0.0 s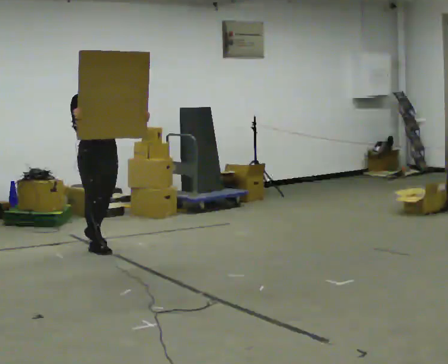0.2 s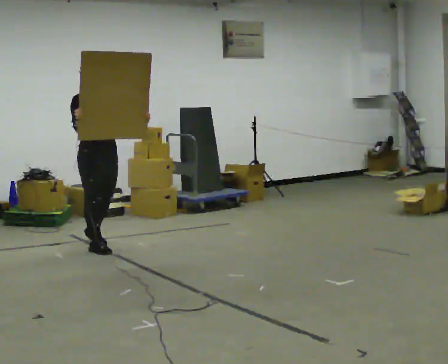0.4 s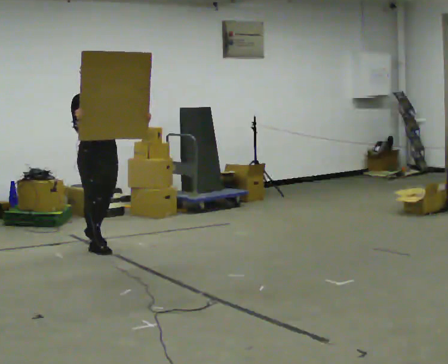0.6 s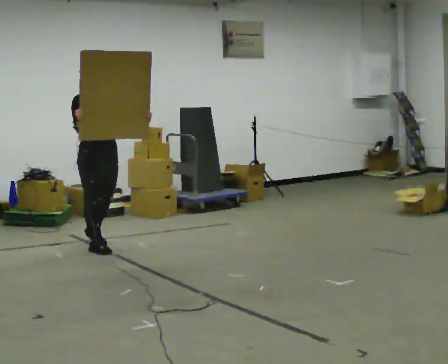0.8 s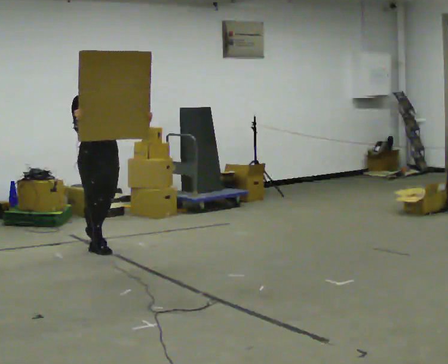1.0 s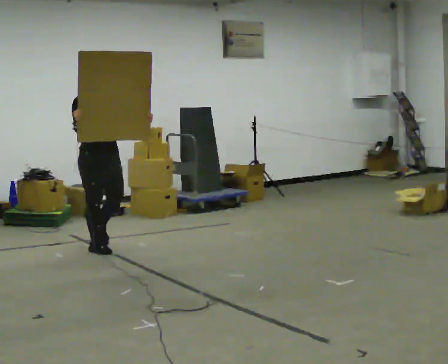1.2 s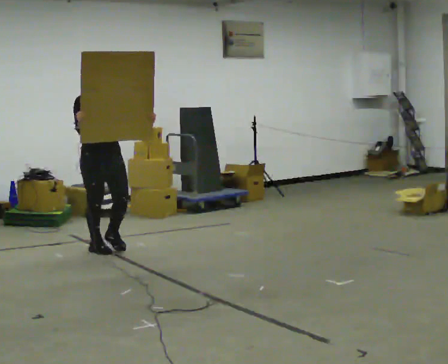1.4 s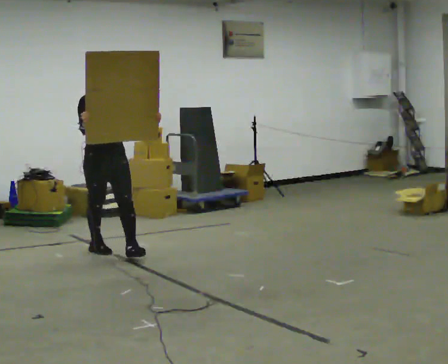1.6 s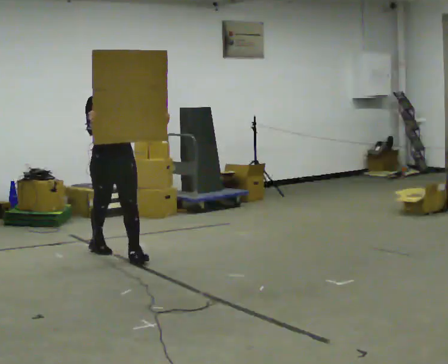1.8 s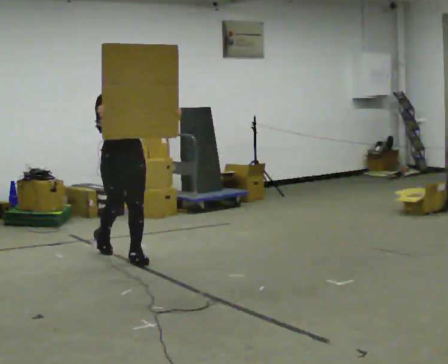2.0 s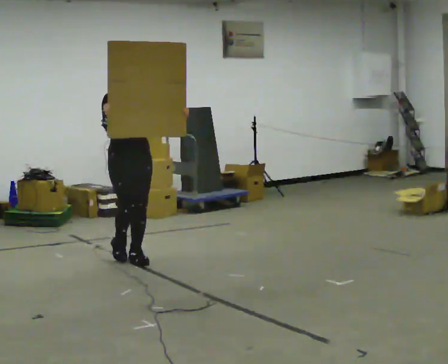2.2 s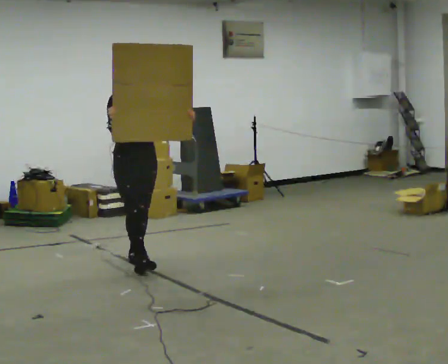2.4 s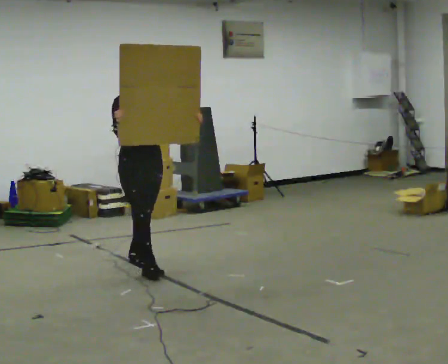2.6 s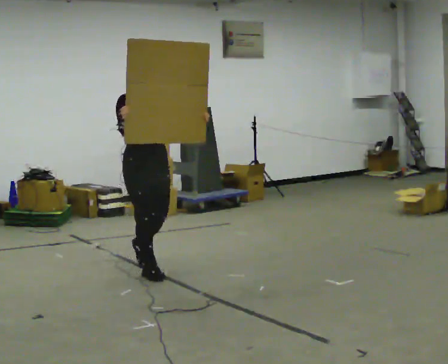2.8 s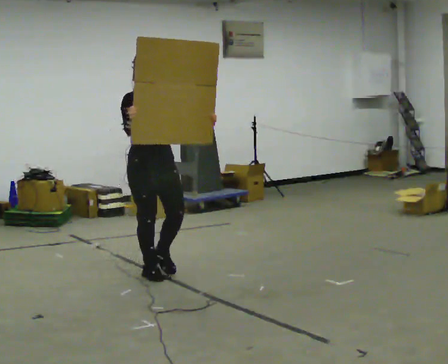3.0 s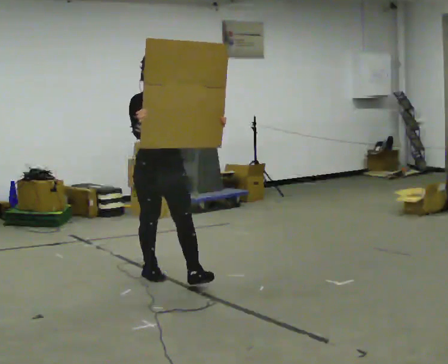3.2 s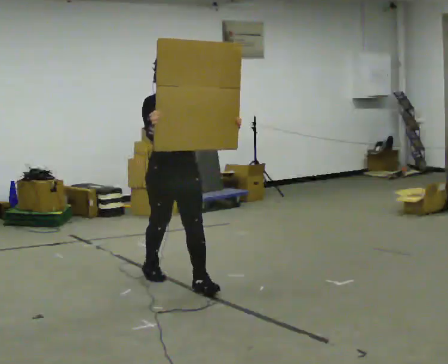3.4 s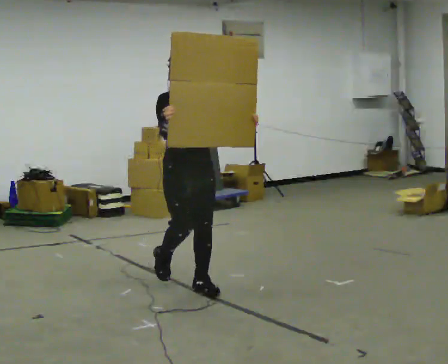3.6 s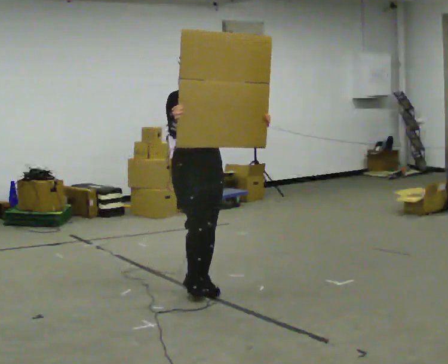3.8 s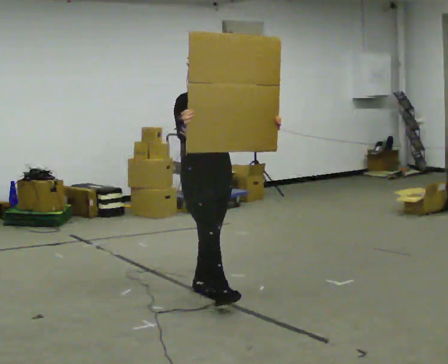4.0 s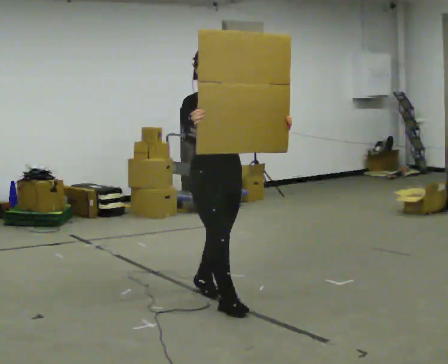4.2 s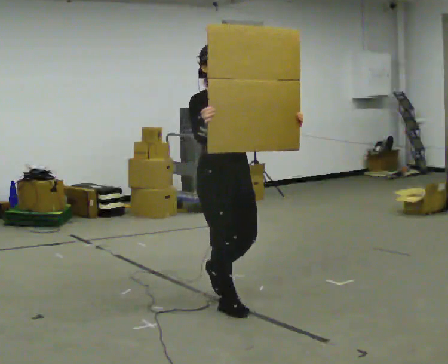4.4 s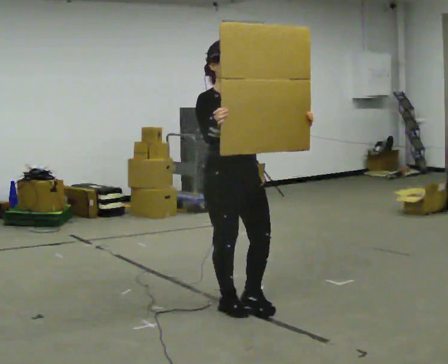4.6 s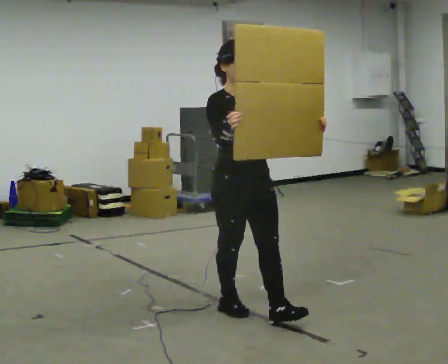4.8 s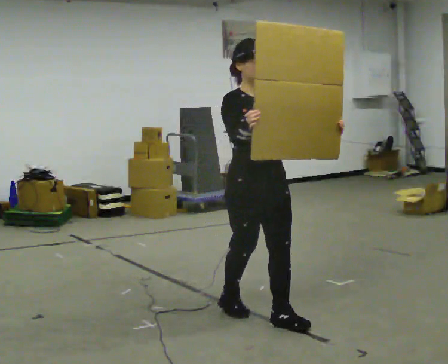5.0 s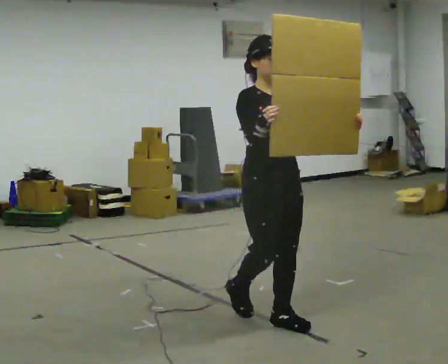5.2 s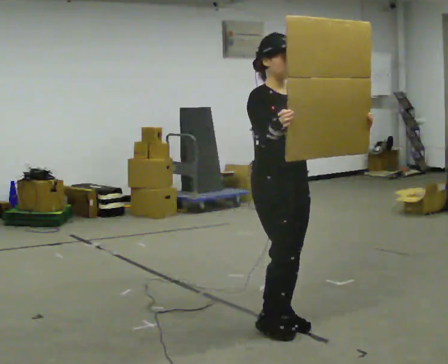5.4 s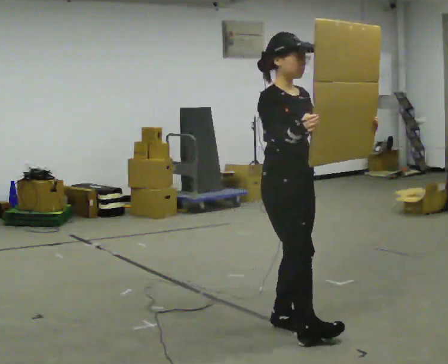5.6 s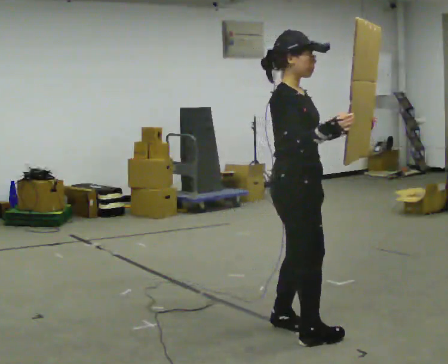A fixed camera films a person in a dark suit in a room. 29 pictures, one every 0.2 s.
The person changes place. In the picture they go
toward the camera.
0.0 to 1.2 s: The person moves a little, or ends about where they began.
1.2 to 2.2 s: In the picture they go toward the camera and to the right, about 0.5 m in 1 step, which for them is forward.
2.2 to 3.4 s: In the picture they go toward the camera and to the right, about 1 m in 2 steps, which for them is forward.
3.4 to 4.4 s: In the picture they go toward the camera and to the right, about 0.5 m in 1 step, which for them is forward.
4.4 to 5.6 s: The part of the body nearest the lens slides to the right as the person turns to their left by about 45 degrees. In the picture they go toward the camera and to the right, about 0.5 m in 2 steps, which for them is forward.
The film runs forward here.
